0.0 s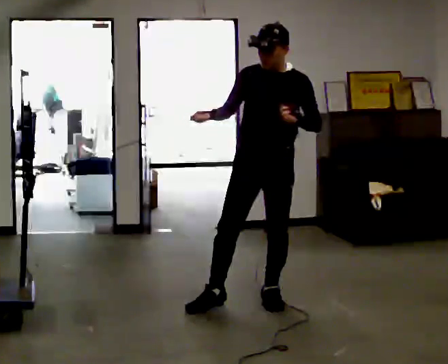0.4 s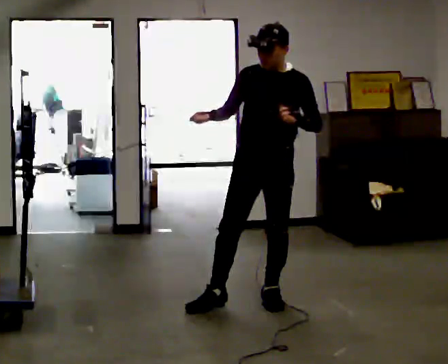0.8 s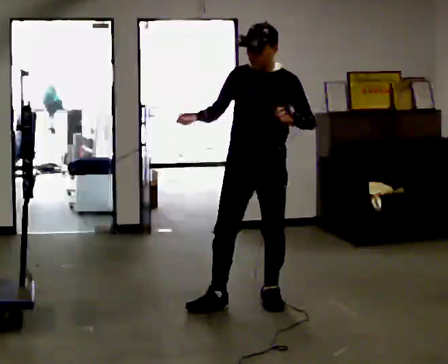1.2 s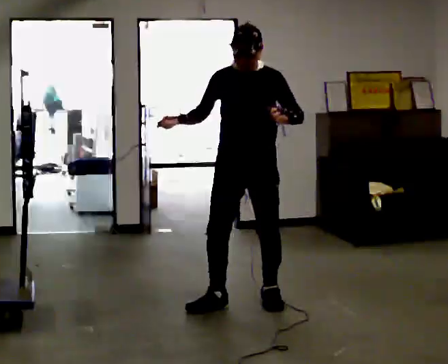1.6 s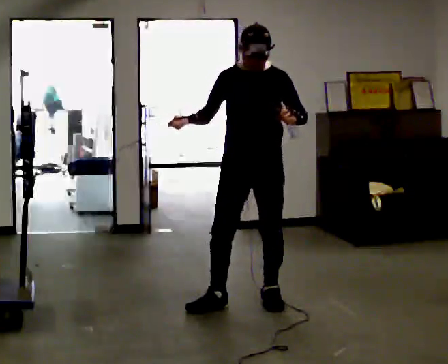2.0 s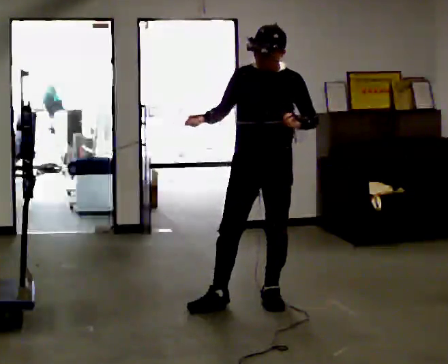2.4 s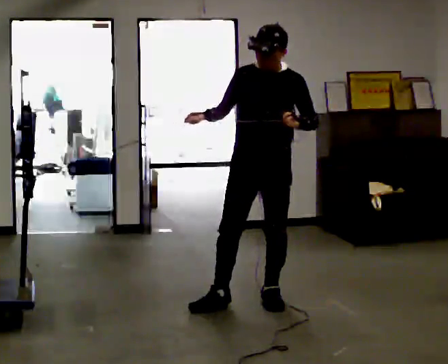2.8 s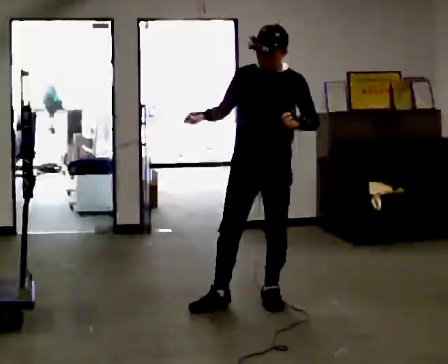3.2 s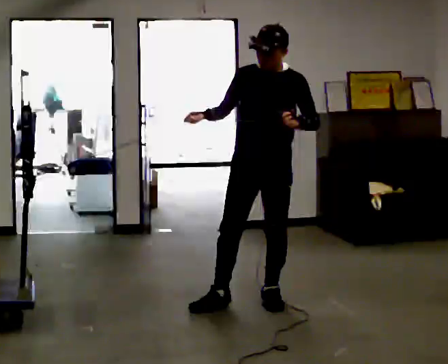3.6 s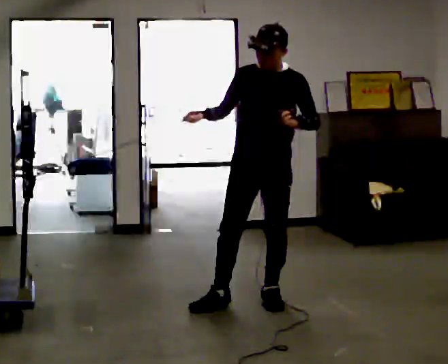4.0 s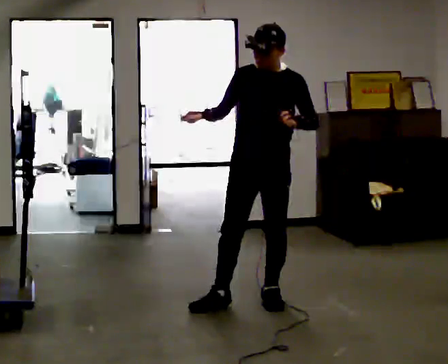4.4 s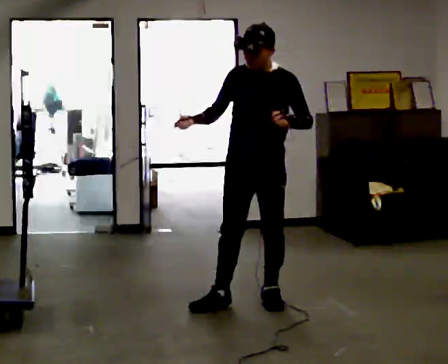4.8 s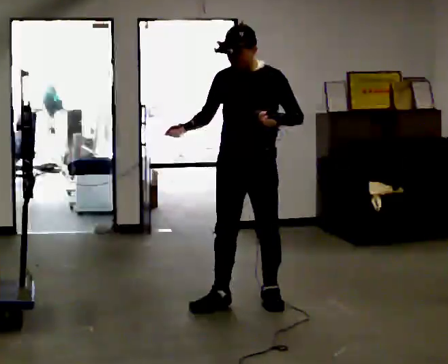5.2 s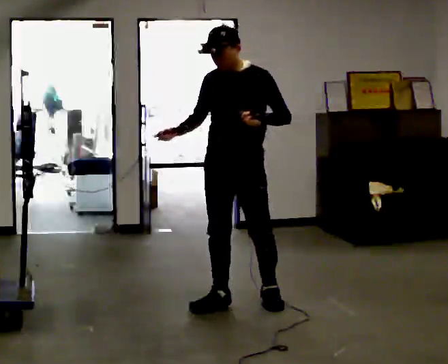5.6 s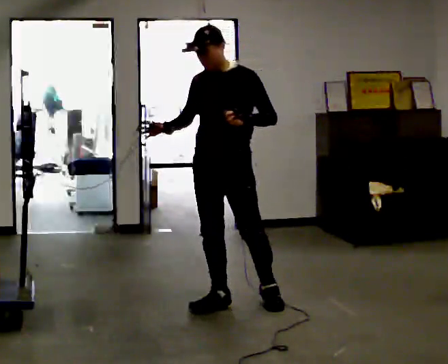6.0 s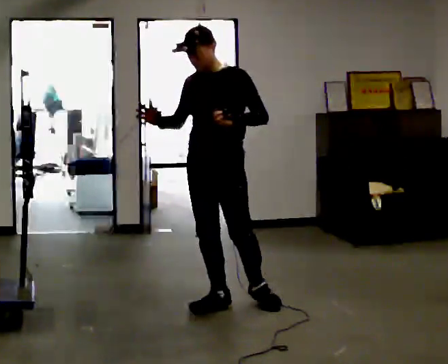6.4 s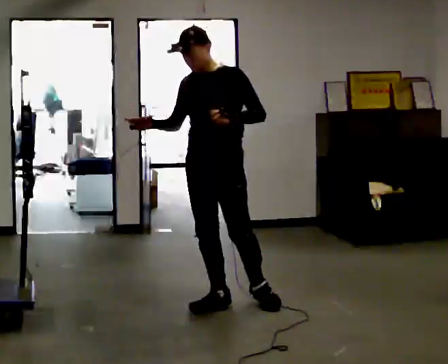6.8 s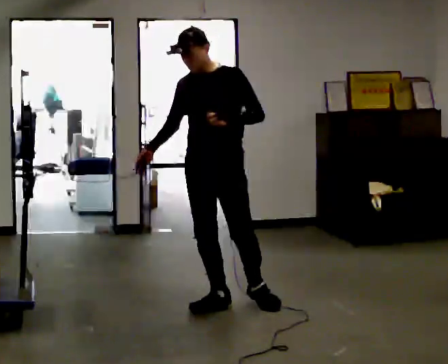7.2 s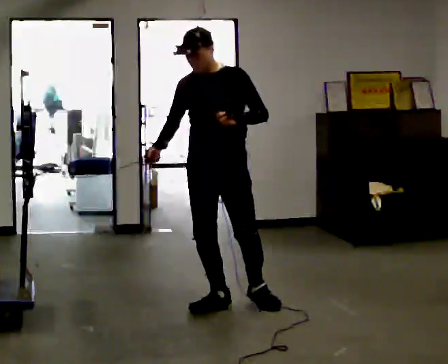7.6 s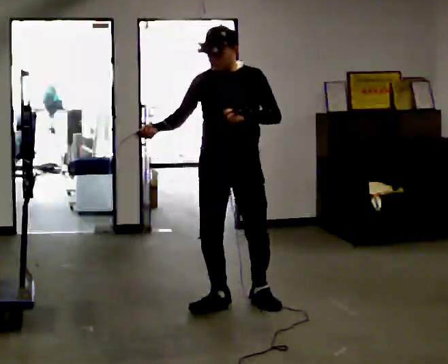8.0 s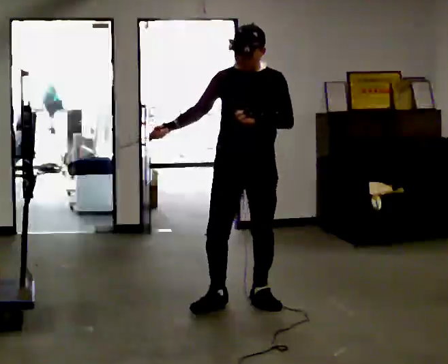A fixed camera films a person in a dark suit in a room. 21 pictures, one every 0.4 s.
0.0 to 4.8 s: The person moves a little, or ends about where they began.
4.8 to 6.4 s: In the picture they go to the left, about 0.25 m, which for them is to their right.
6.4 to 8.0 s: The person turns about 30 degrees to their left, counterclockwise seen from above, so the part of the body nearest the lens slides to the right. In the picture they go to the right, about 0.25 m, which for them is to their left.
The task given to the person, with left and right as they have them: Hold the rope on the loaded pallet and pull as hard as is comfortable for a few seconds, then relax. The operator will log the load and the peak reading on the scale for every take.
The film runs forward here.
